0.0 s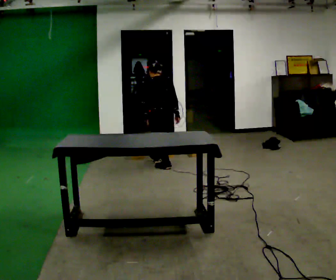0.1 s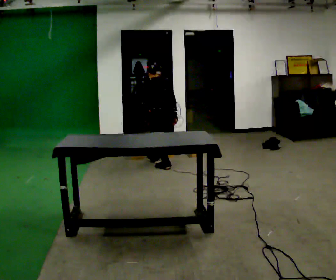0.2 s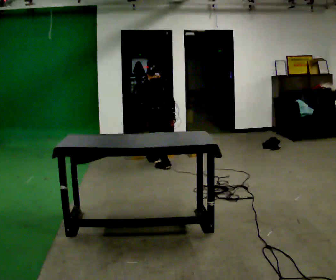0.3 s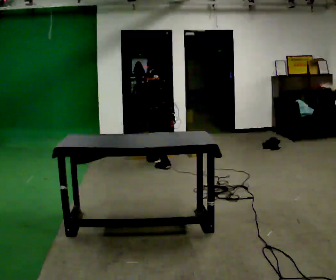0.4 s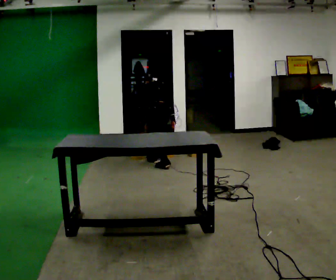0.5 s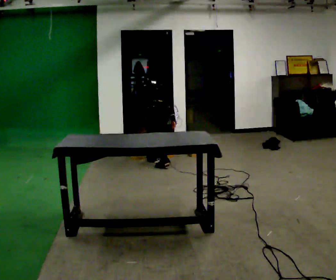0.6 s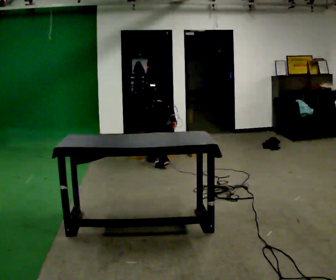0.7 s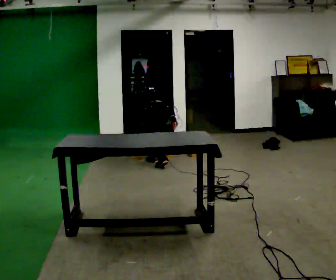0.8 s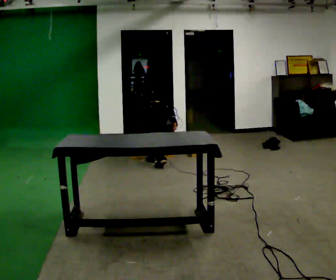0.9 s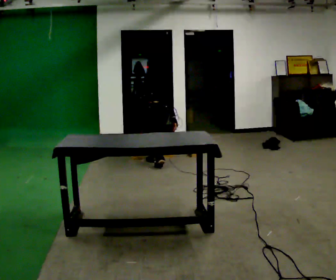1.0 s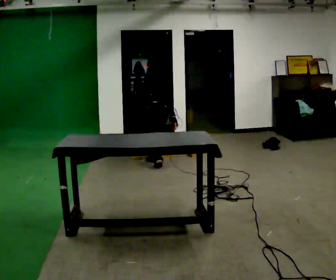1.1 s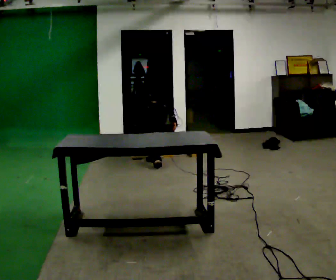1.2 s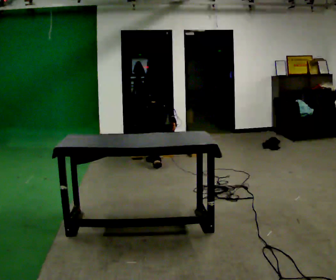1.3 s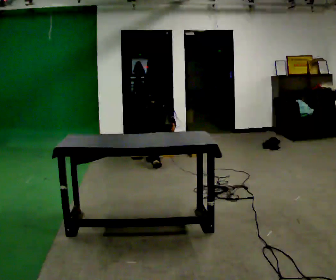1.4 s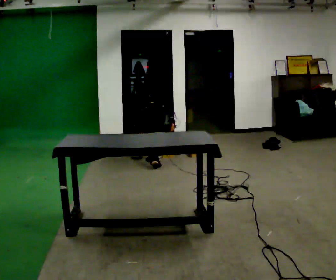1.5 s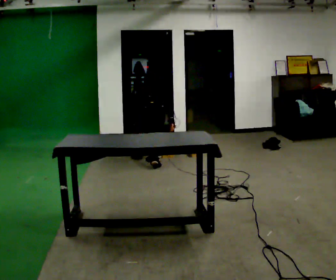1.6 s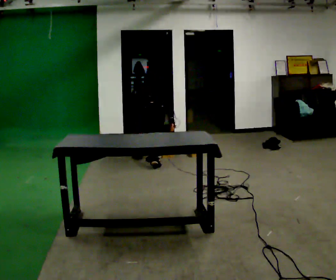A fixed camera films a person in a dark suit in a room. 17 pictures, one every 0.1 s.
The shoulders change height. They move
downward.
The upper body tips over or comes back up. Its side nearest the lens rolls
upward.
0.0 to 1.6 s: Seen from above the body turns clockwise, about 30 degrees: to their right, with its near side sliding to the left. The upper body goes downward. The upper body tips away from the camera, its near side rolling upward, as they bend forward.
The film runs backward here.
